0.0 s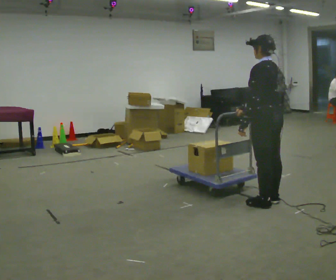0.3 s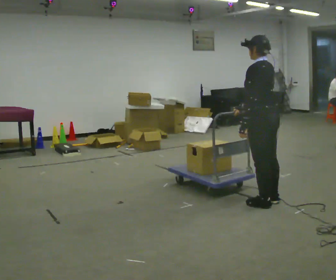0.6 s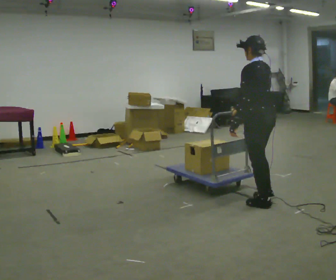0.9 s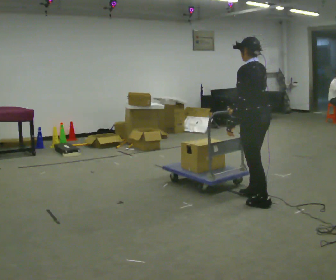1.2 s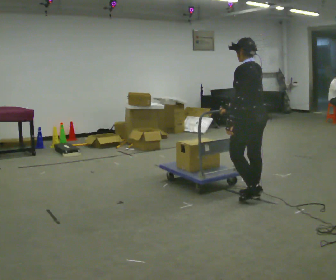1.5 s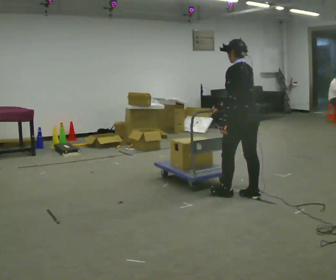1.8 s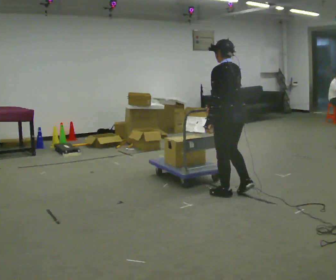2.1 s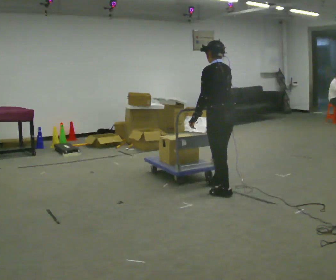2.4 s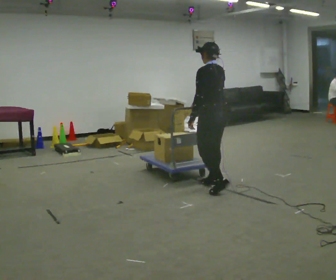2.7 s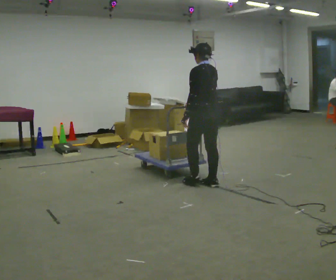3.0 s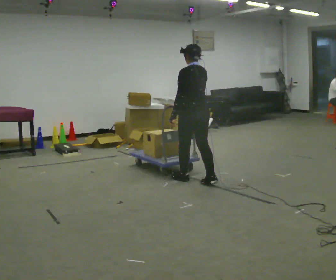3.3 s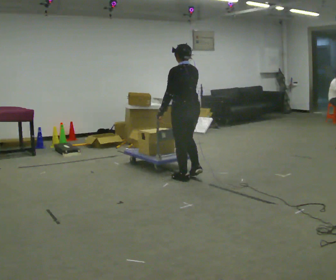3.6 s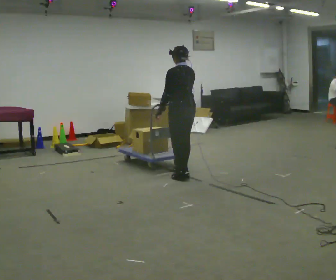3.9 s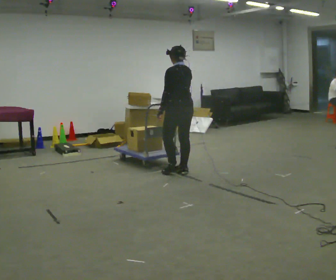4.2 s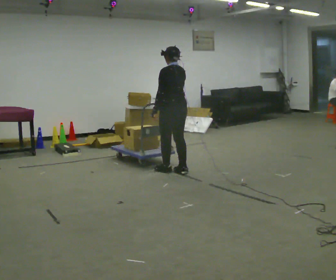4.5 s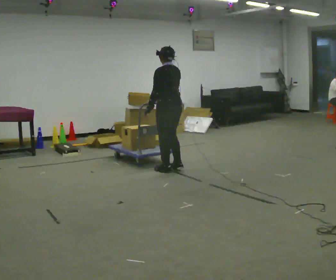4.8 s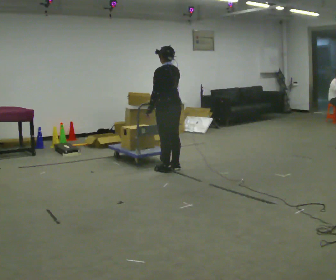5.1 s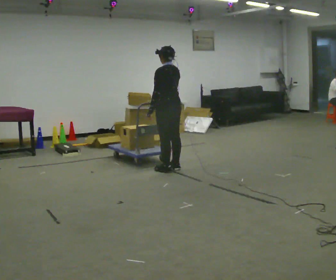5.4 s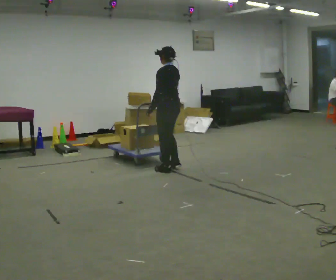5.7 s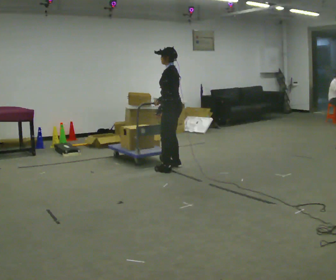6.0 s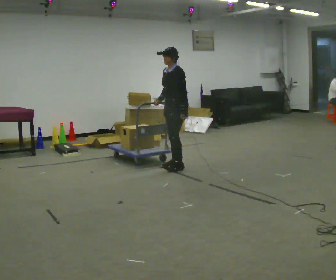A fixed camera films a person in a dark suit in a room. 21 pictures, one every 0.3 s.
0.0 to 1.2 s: In the picture they go away from the camera, about 0.25 m in 1 step, which for them is forward.
1.2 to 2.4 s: In the picture they go to the left and away from the camera, about 0.5 m in 2 steps, which for them is forward.
2.4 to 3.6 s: In the picture they go away from the camera and to the left, about 0.75 m in 2 steps, which for them is forward.
3.6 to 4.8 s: In the picture they go away from the camera and to the left, about 0.25 m in 2 steps, which for them is forward.
4.8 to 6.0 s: Seen from above the body turns counterclockwise, about 75 degrees: to their left, with its near side sliding to the right. In the picture they go away from the camera, about 0.25 m in 1 step. In the picture their left hand goes to the right.
The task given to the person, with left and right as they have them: Push the cart across the room using only the hand the operator calls. Keep your other arm at your side.
The film runs forward here.
